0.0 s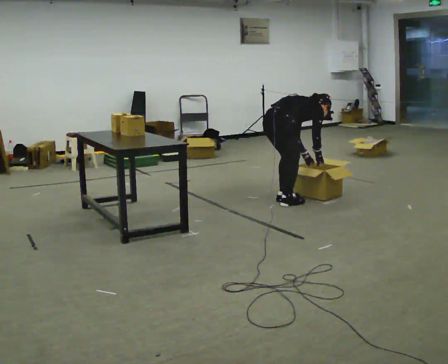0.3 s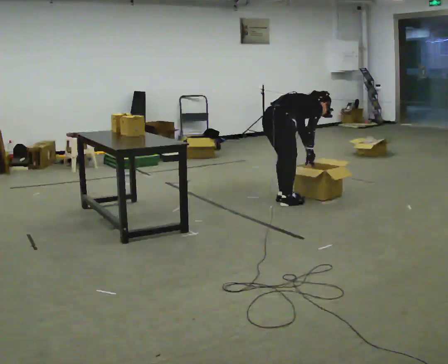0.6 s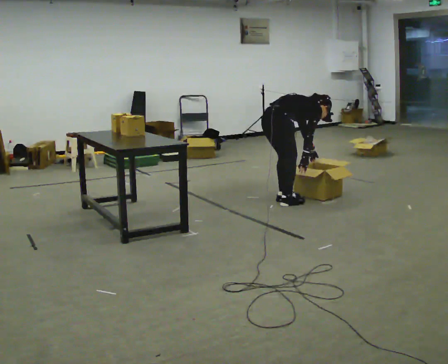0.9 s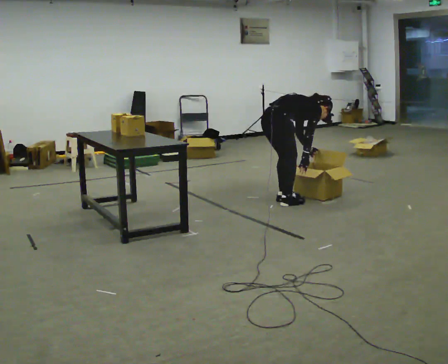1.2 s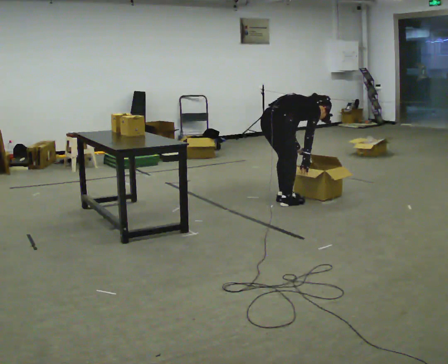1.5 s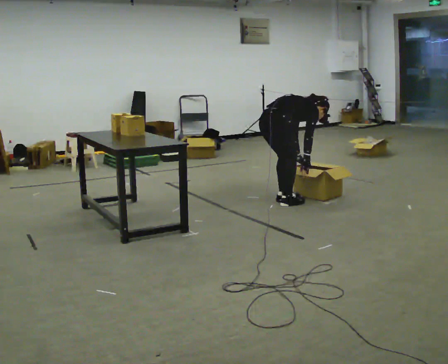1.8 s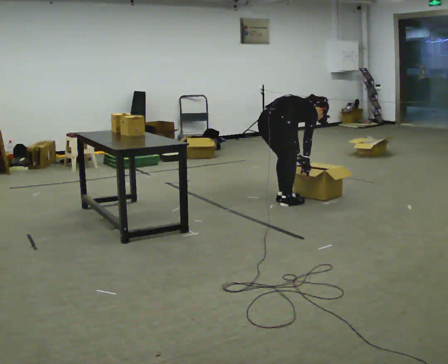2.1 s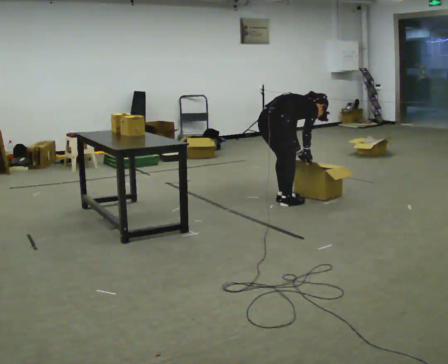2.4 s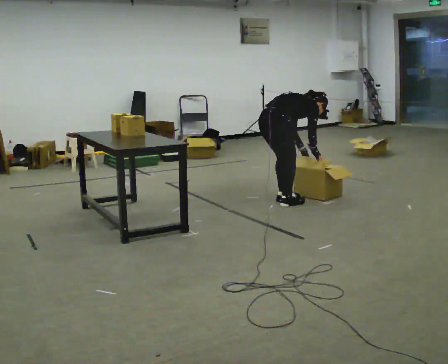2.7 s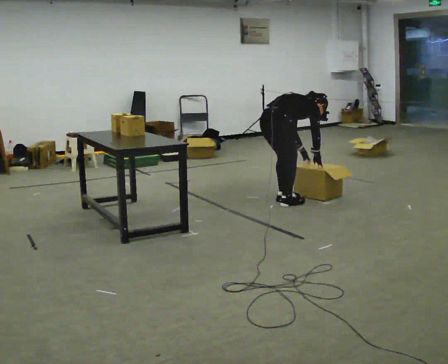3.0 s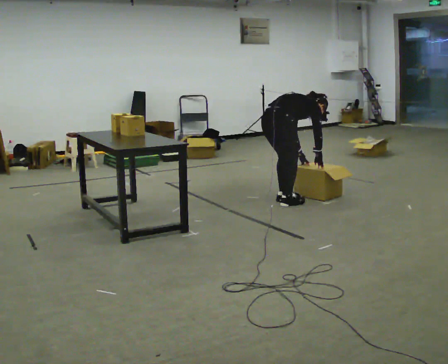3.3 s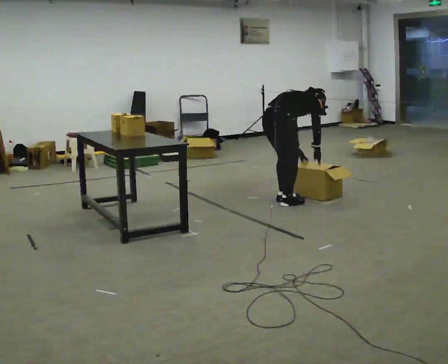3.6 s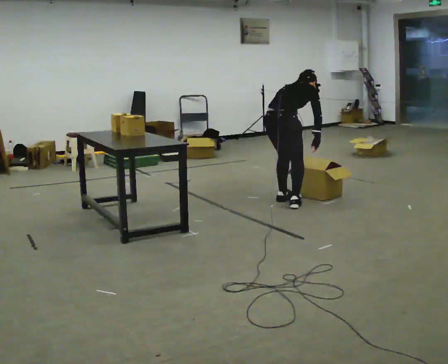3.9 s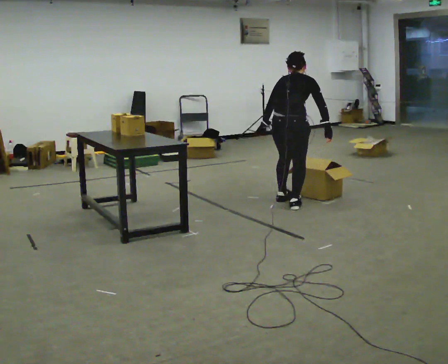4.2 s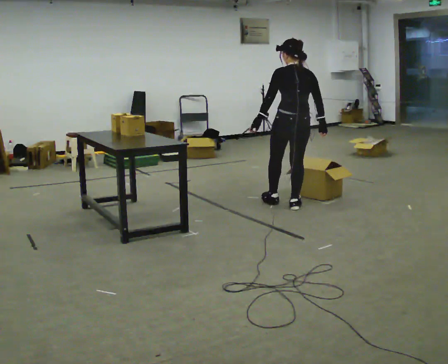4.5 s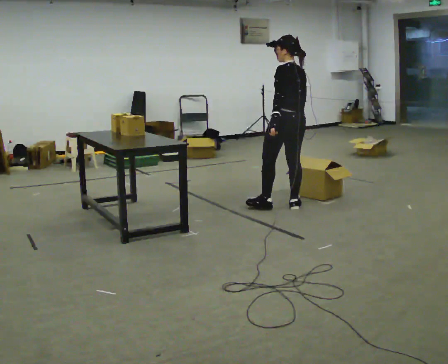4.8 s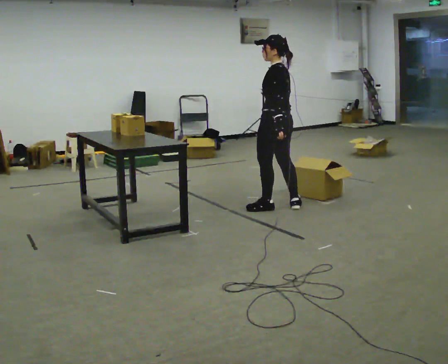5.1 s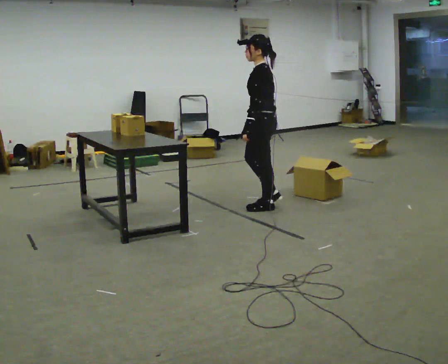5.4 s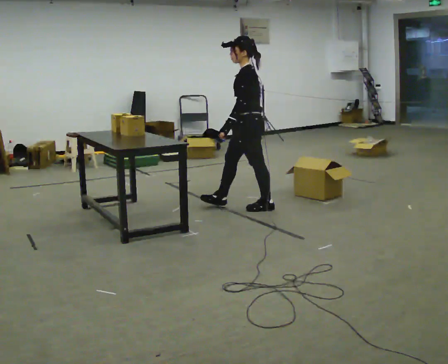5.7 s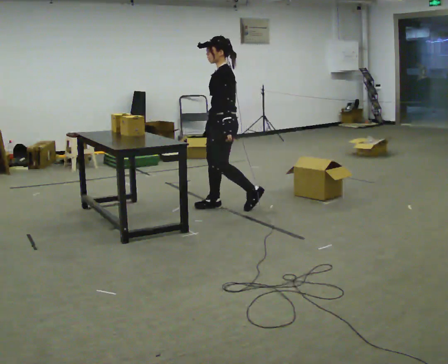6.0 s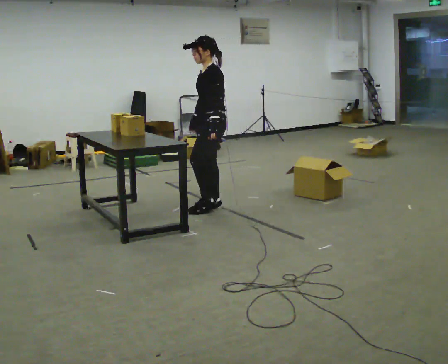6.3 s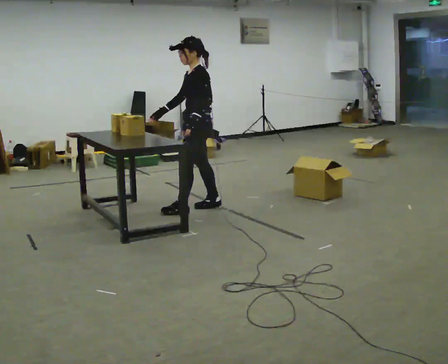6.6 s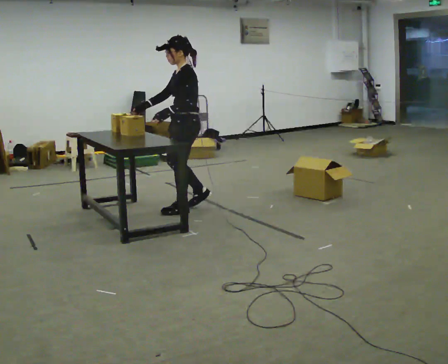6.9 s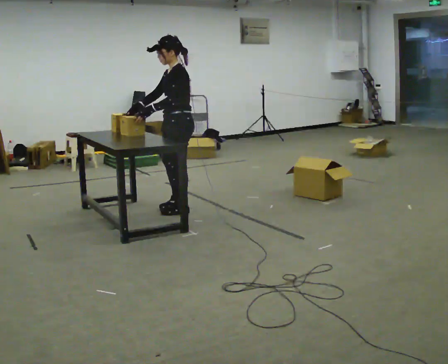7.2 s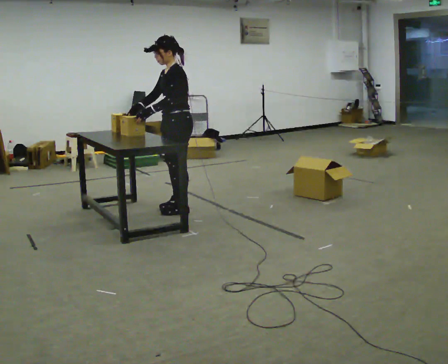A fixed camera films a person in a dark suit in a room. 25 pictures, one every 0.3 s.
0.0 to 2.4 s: The person moves a little, or ends about where they began.
2.4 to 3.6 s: In the picture the upper body tilts counterclockwise, shoulders to the left, as they lean back or straighten.
3.6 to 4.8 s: Seen from above the body turns counterclockwise, about 105 degrees: to their left, with its near side sliding to the right. The upper body goes upward. In the picture the upper body tilts counterclockwise, shoulders to the left, as they lean back or straighten. In the picture their right hand goes to the left.
4.8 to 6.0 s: Seen from above the body turns counterclockwise, about 45 degrees: to their left, with its near side sliding to the right. In the picture they go to the left, about 0.5 m in 1 step, which for them is forward.
6.0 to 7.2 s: In the picture they go to the left, about 0.25 m in 2 steps, which for them is forward.
The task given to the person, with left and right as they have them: Carry the object across the room, open the lid of the container, put the object inside, and close the lid again. Then go back for the next one. Keep going until the operator says stop; one object at a time, and do not rush between trips.
The film runs forward here.
